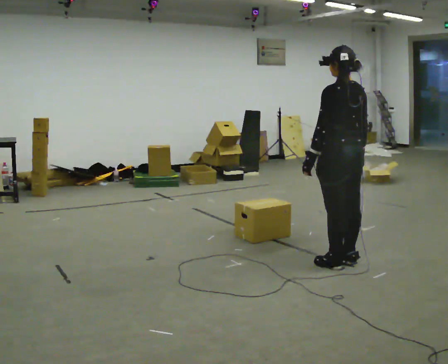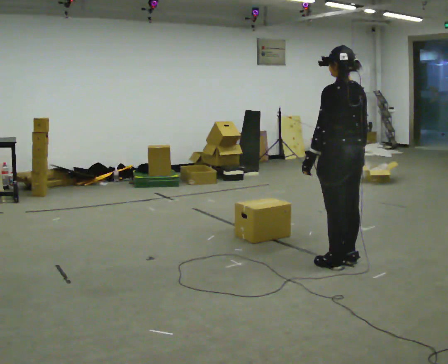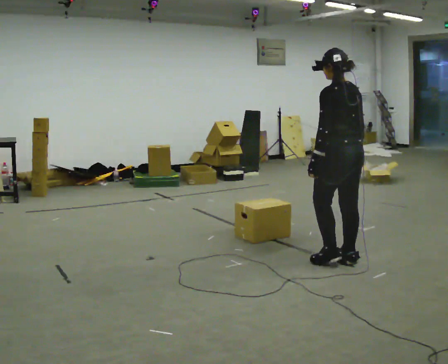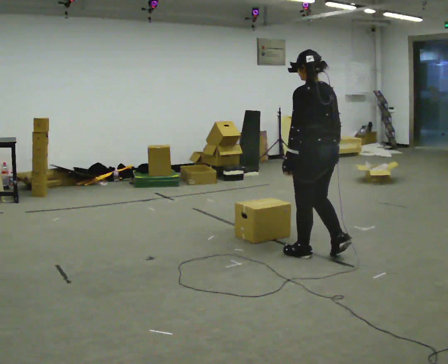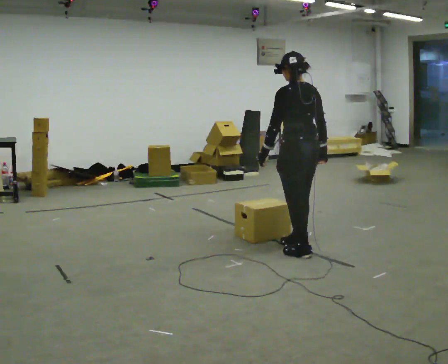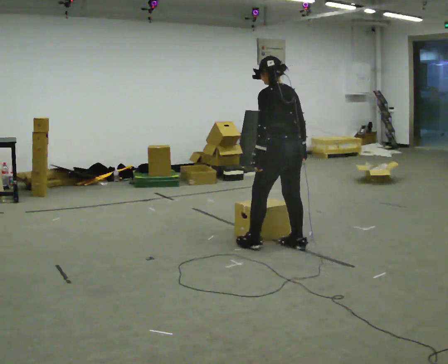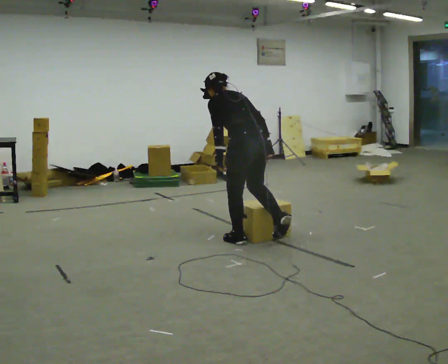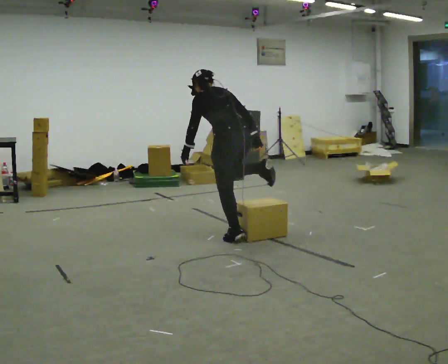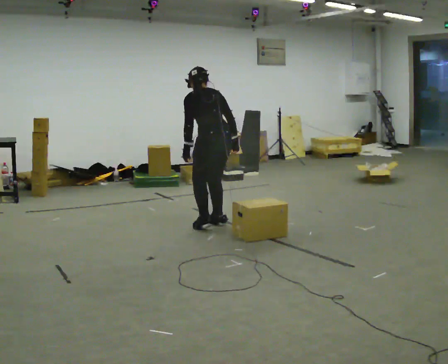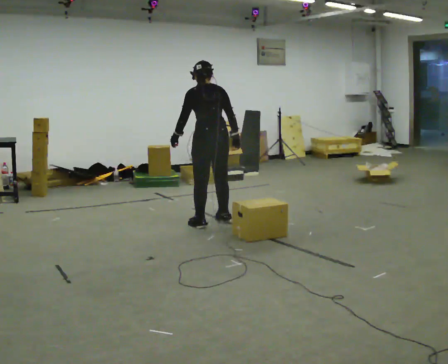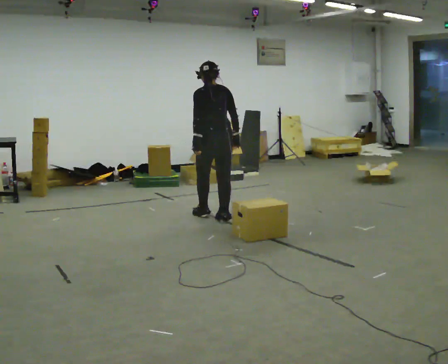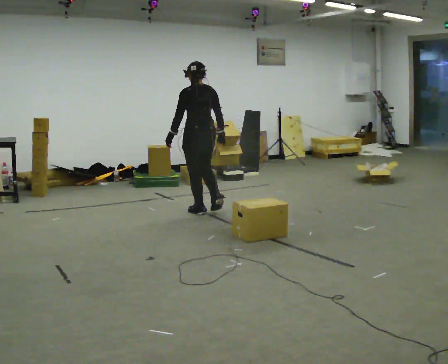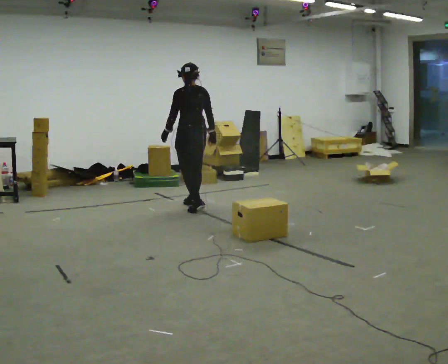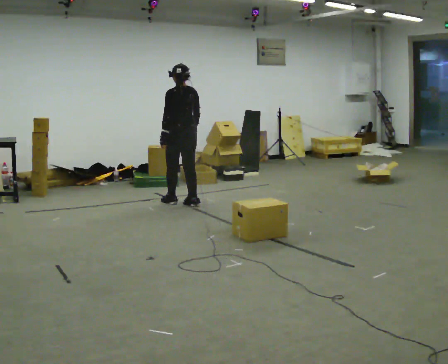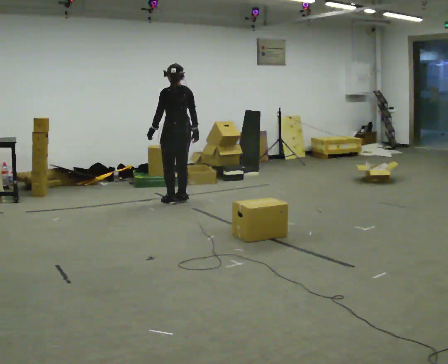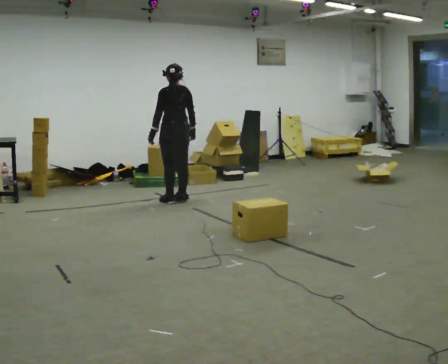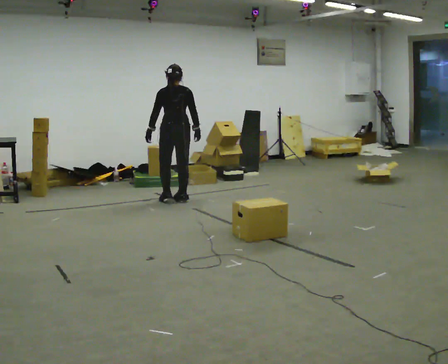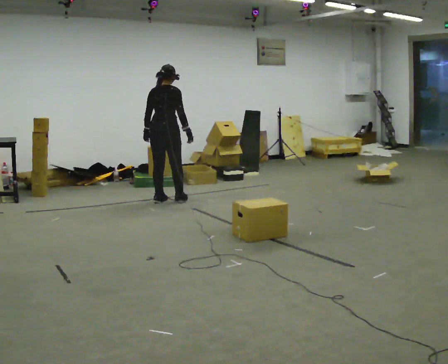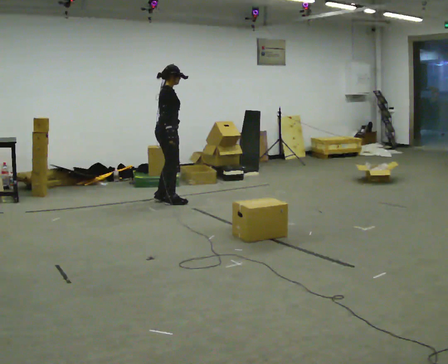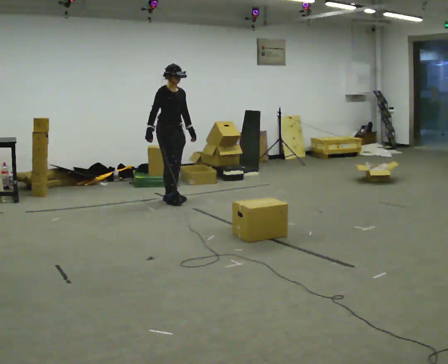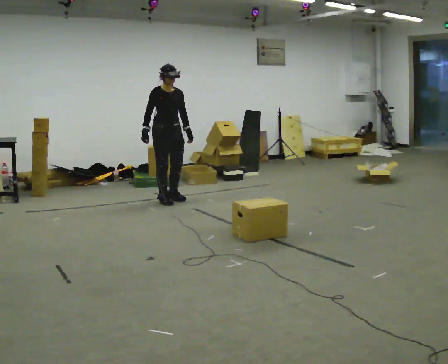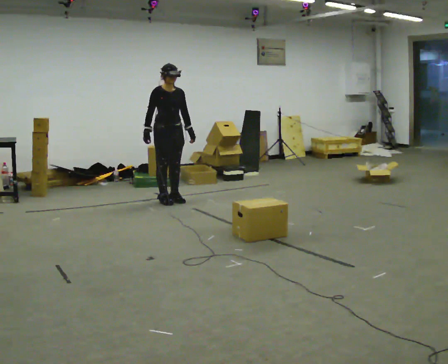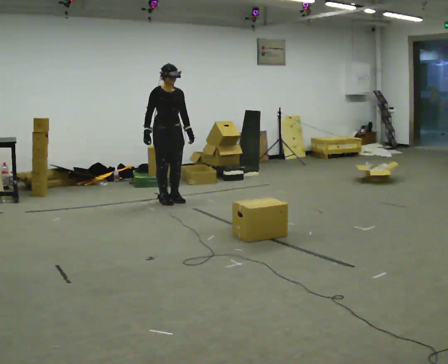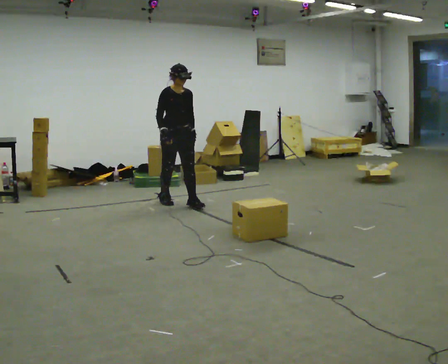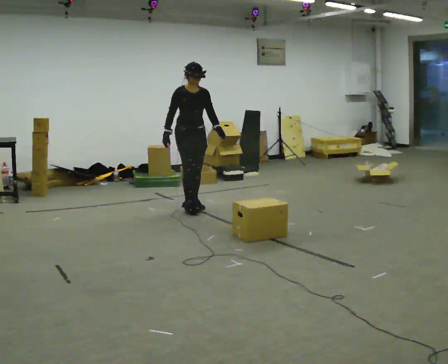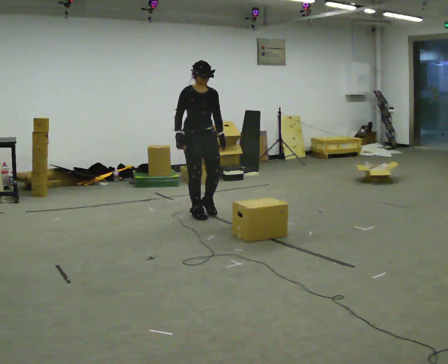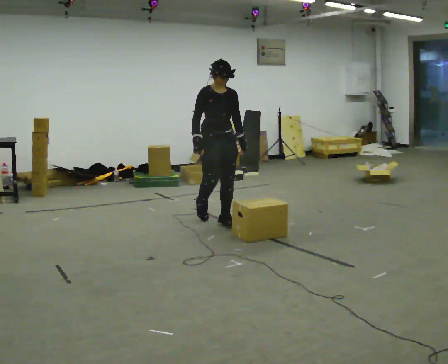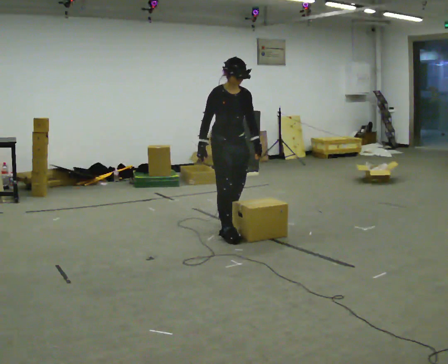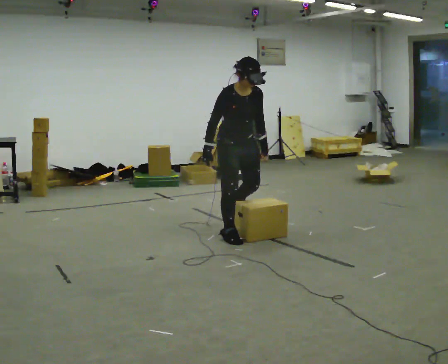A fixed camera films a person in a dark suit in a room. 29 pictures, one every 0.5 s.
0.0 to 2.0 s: In the picture they go away from the camera and to the left, about 0.5 m in 2 steps, which for them is forward.
2.0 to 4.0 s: In the picture they go away from the camera and to the left, about 1 m in 2 steps, which for them is forward.
4.0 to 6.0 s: In the picture they go away from the camera, about 1 m in 3 steps, which for them is forward.
6.0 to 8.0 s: In the picture they go away from the camera and to the left, about 0.5 m in 2 steps, which for them is forward.
8.0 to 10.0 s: The part of the body nearest the lens slides to the left as the person turns to their right by about 165 degrees. In the picture their right hand goes to the left, the arm swinging clockwise.
10.0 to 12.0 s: In the picture they go toward the camera and to the right, about 0.5 m in 1 step, which for them is forward.
12.0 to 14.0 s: In the picture they go toward the camera, about 1 m in 3 steps, which for them is forward.
The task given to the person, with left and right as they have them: Walk back and forth across the room at a normal pace, looking ahead. There may be something on the floor. Recover however comes naturally and carry on.
The film runs forward here.
